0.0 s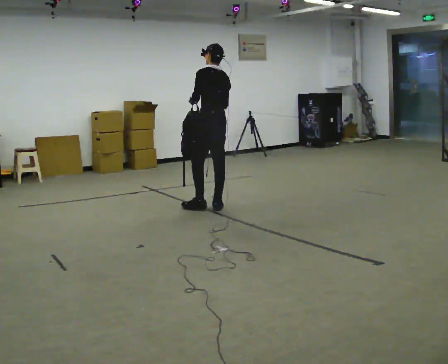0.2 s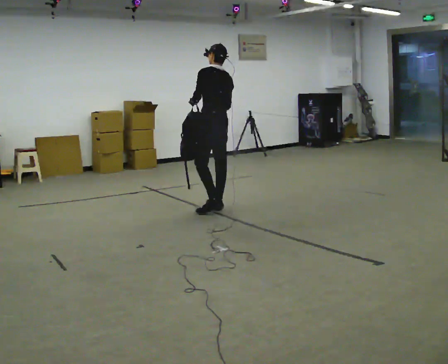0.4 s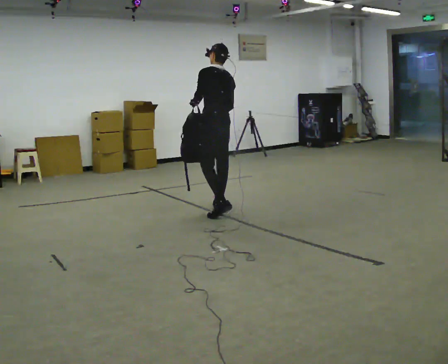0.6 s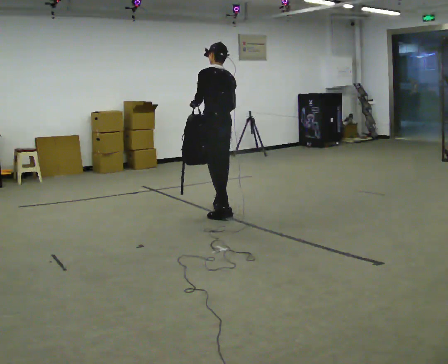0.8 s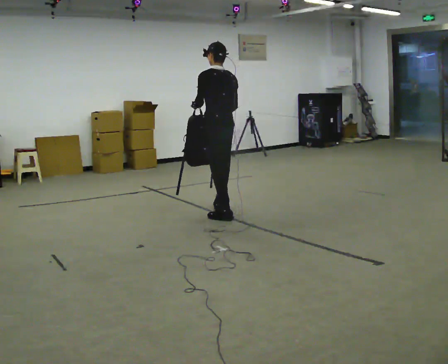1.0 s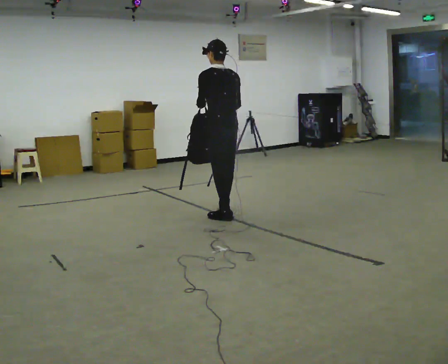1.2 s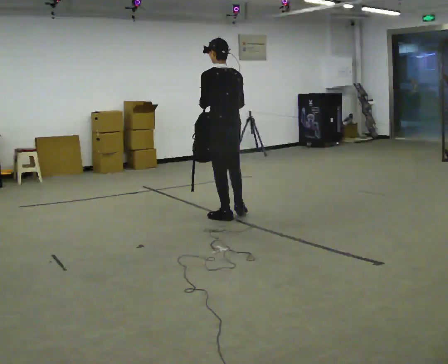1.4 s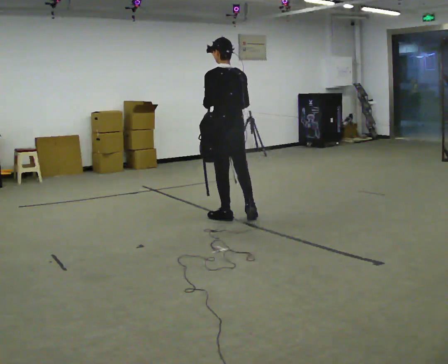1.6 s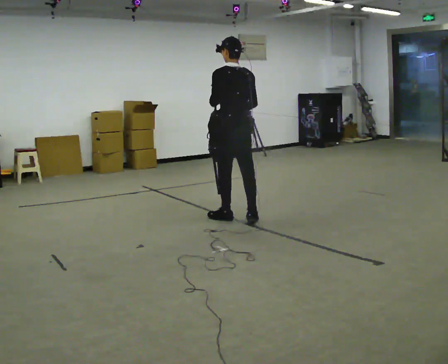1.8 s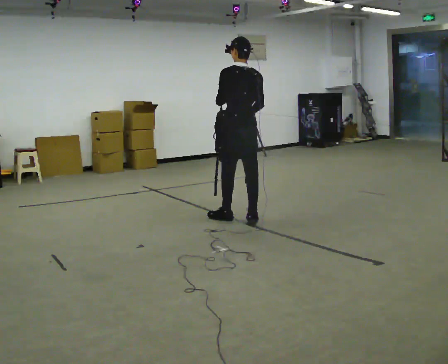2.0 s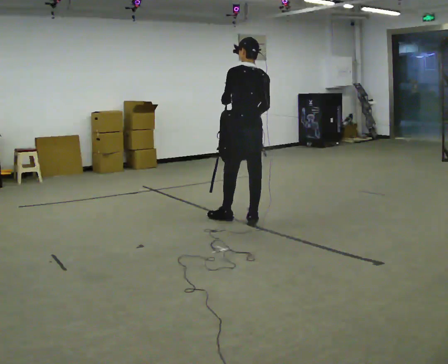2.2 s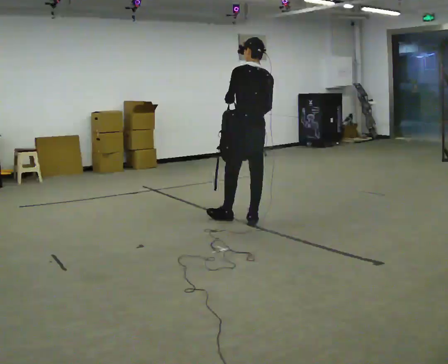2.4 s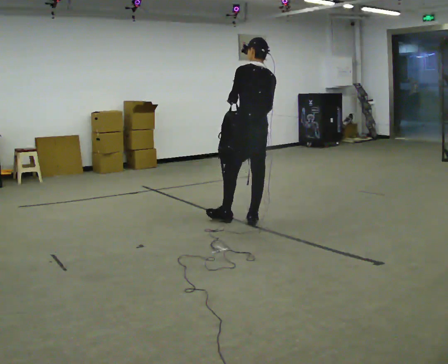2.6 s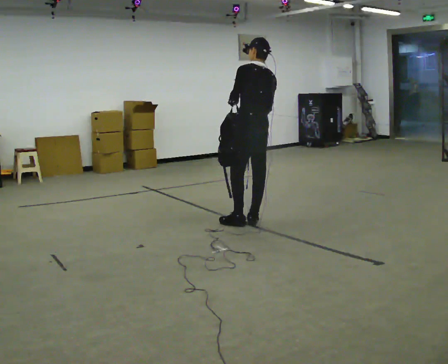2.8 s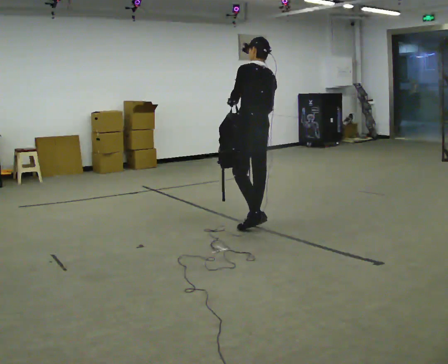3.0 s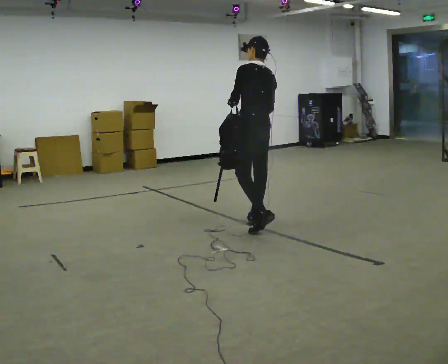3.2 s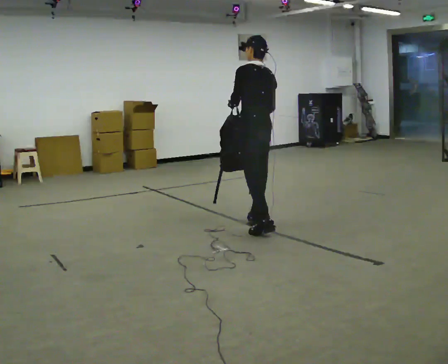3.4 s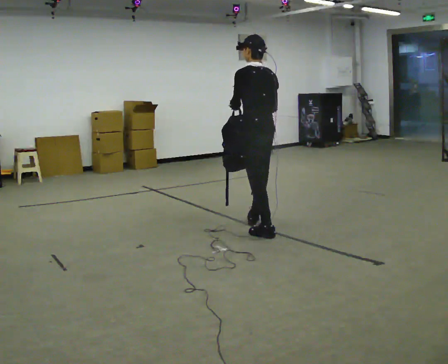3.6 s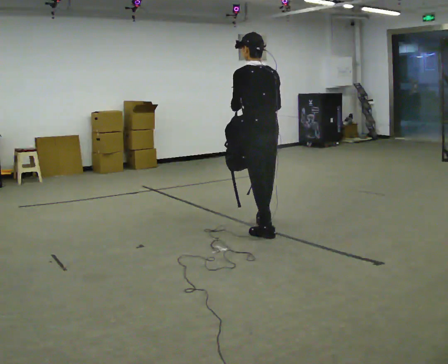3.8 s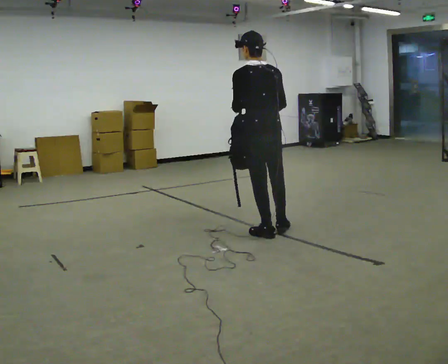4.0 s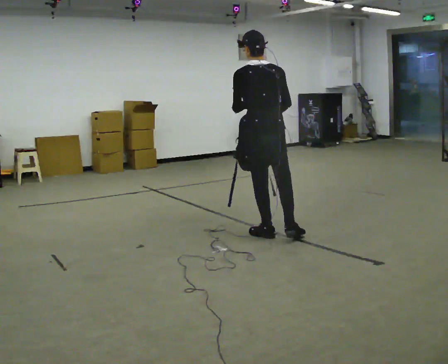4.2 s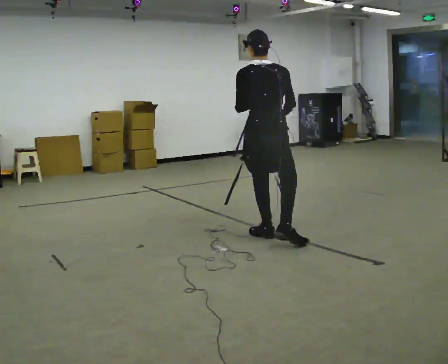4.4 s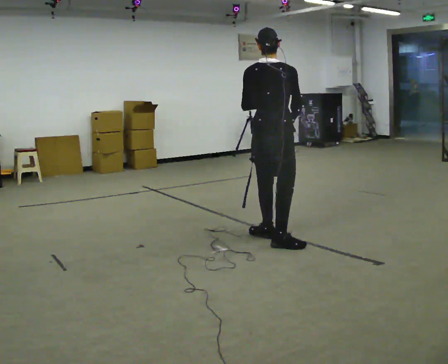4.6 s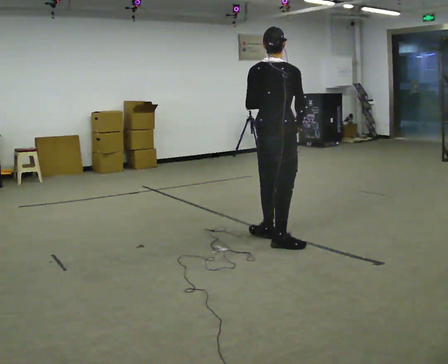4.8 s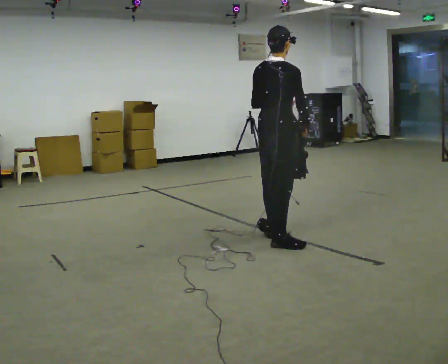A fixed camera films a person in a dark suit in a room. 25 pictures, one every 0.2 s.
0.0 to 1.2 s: In the picture they go toward the camera, about 0.5 m in 1 step, which for them is backward.
1.2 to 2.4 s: In the picture they go to the right and toward the camera, about 0.25 m in 1 step, which for them is backward and to their right.
2.4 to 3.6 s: In the picture they go toward the camera, about 0.5 m in 1 step, which for them is backward and to their left.
3.6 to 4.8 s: The person turns about 60 degrees to their right, clockwise seen from above, so the part of the body nearest the lens slides to the left. In the picture they go toward the camera, about 0.25 m.
The film runs backward here.
